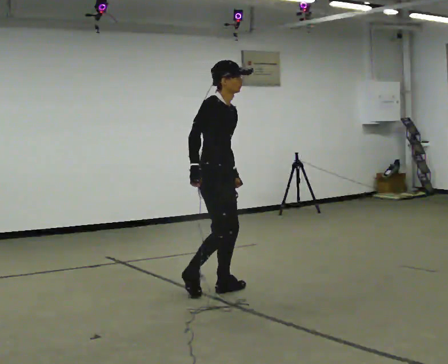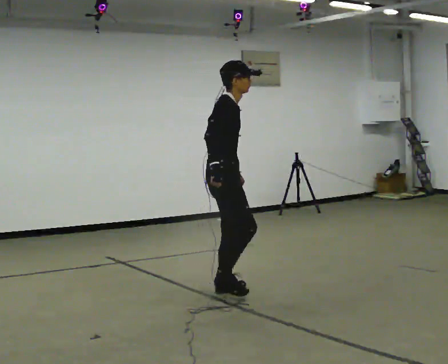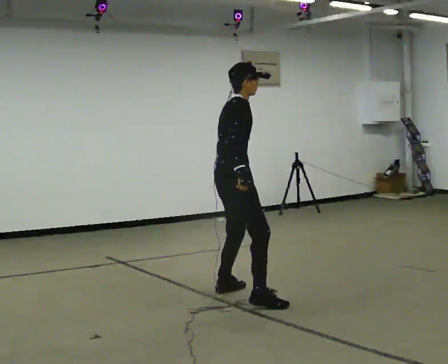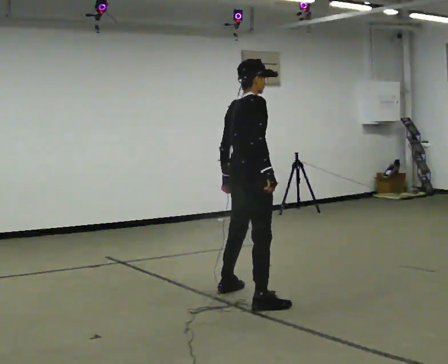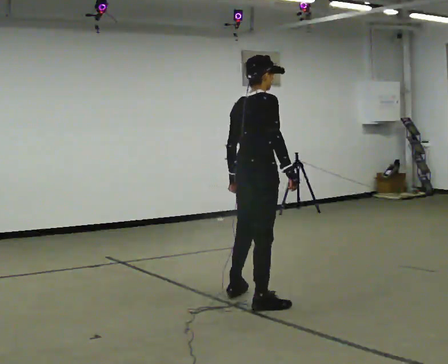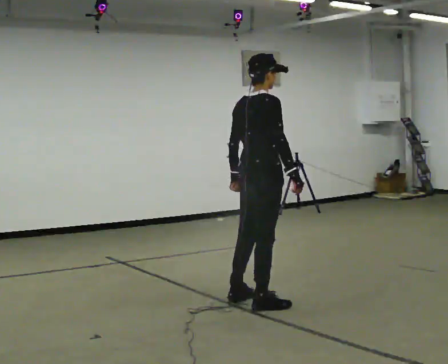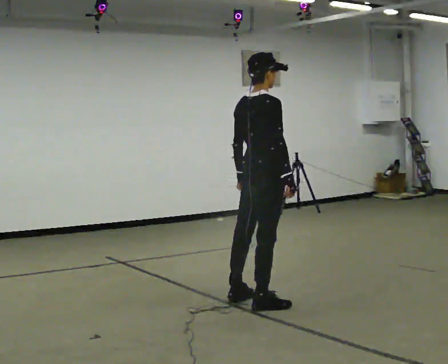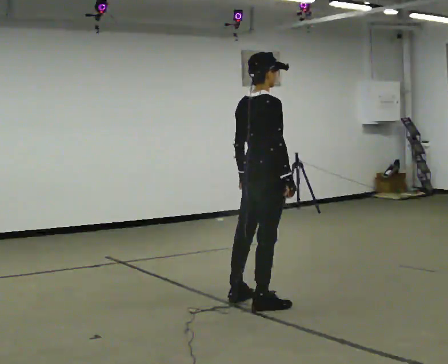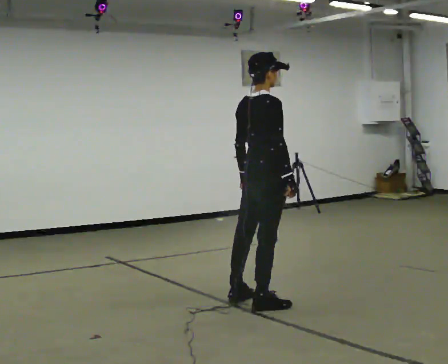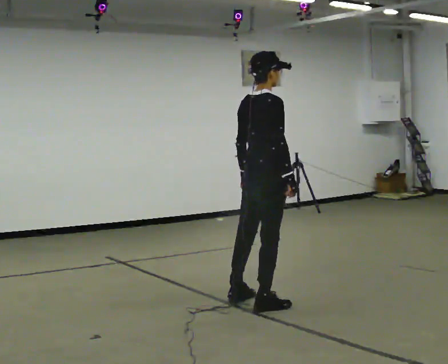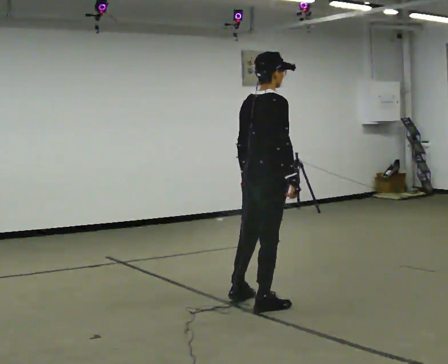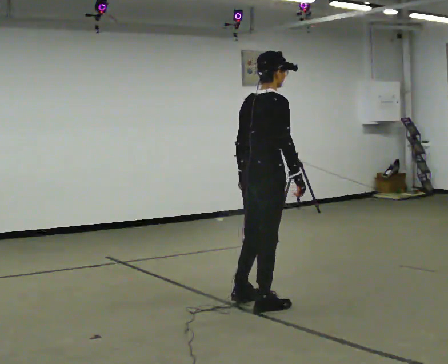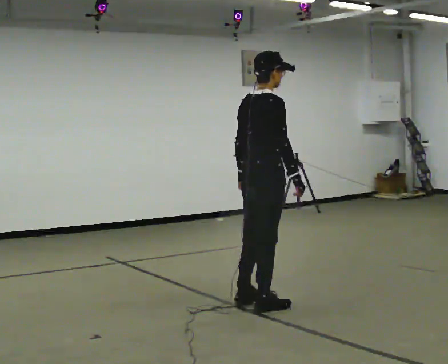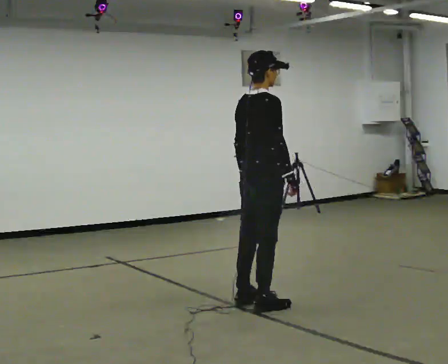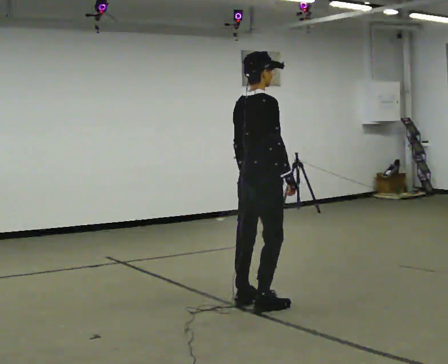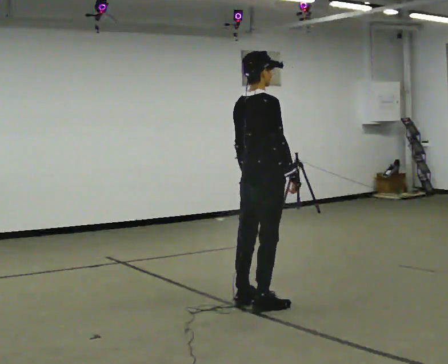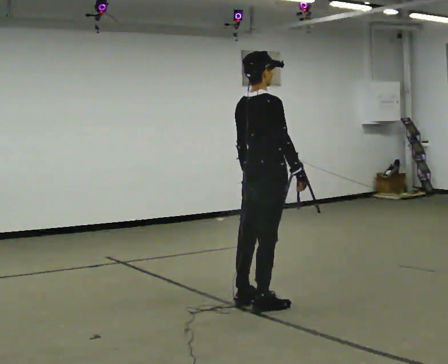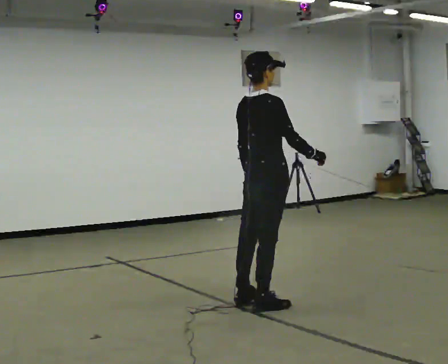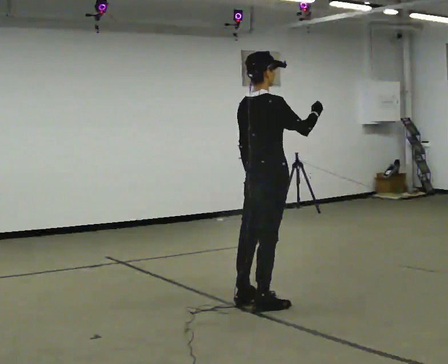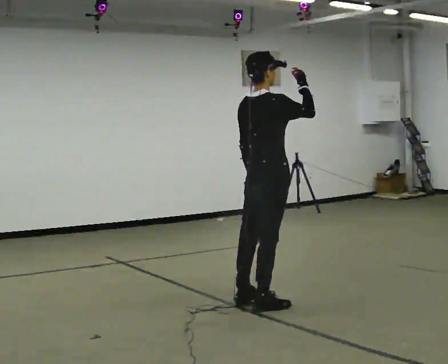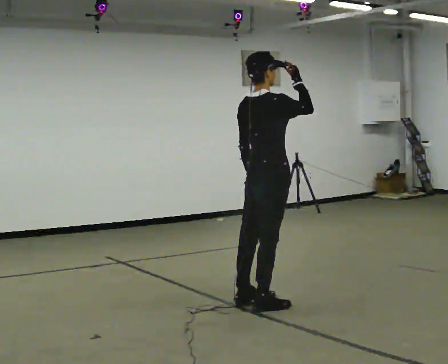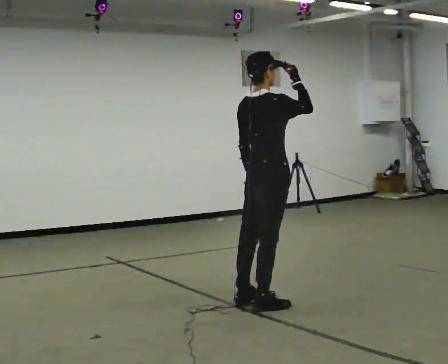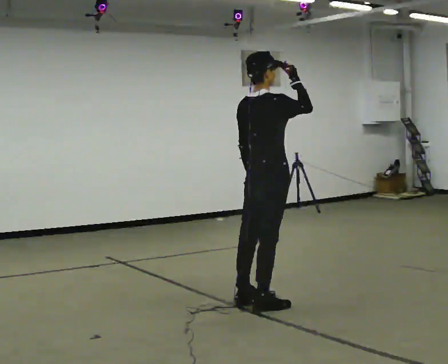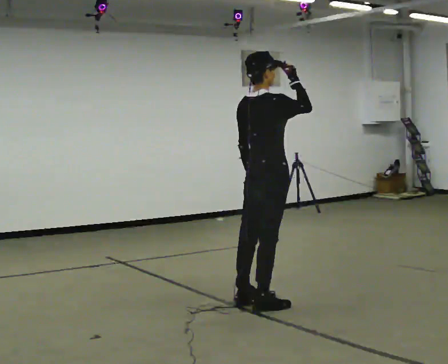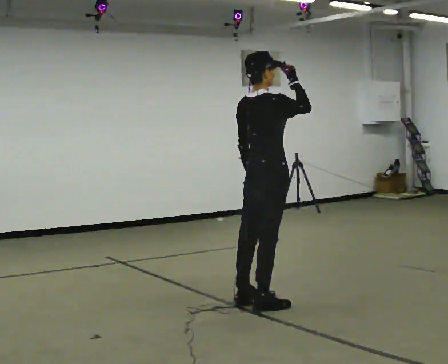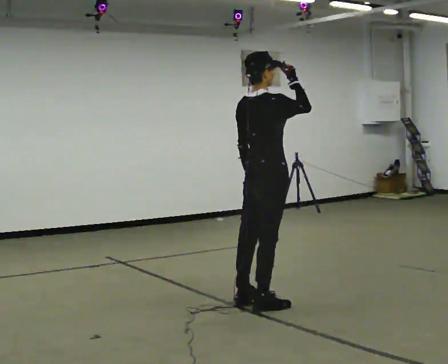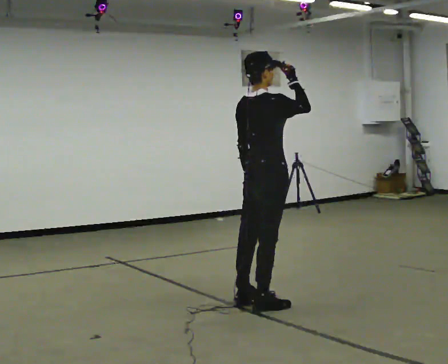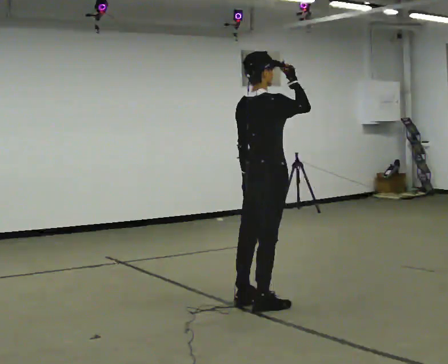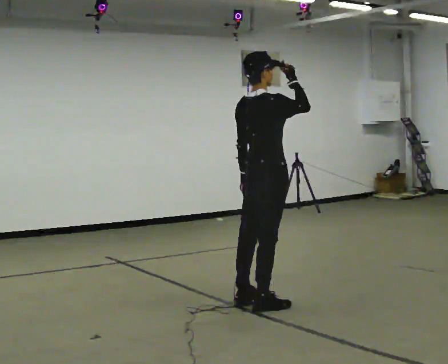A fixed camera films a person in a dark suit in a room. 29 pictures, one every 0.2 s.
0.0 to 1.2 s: The part of the body nearest the lens slides to the right as the person turns to their left by about 60 degrees. In the picture they go to the right and toward the camera, about 0.5 m in 2 steps, which for them is to their right.
1.2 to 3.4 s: The person moves a little, or ends about where they began.
3.4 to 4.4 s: In the picture their right hand goes upward.
4.4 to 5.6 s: The person moves a little, or ends about where they began.
The film runs forward here.
